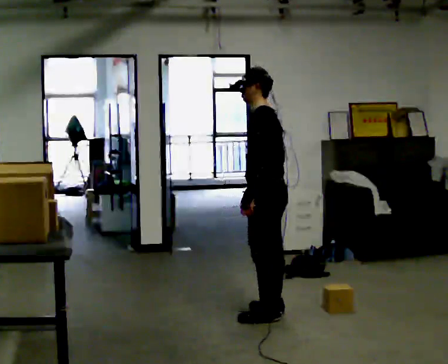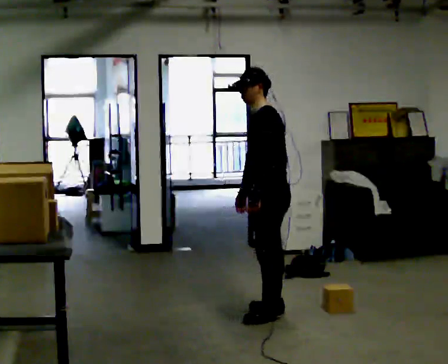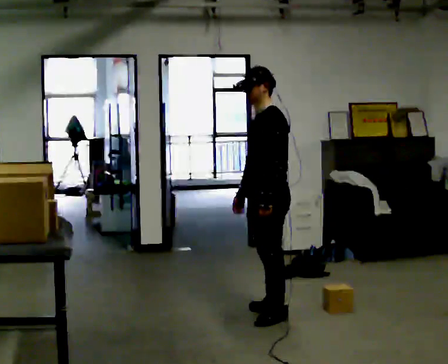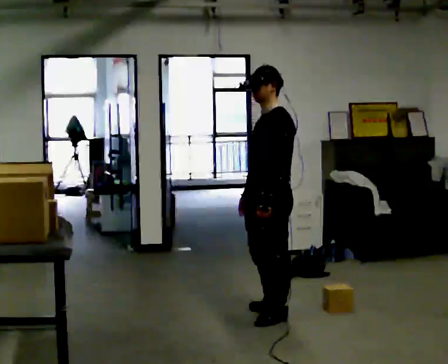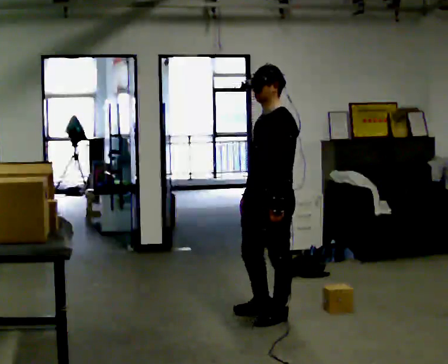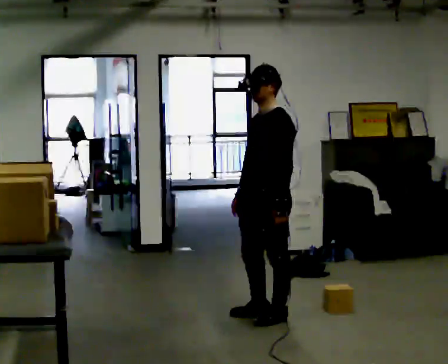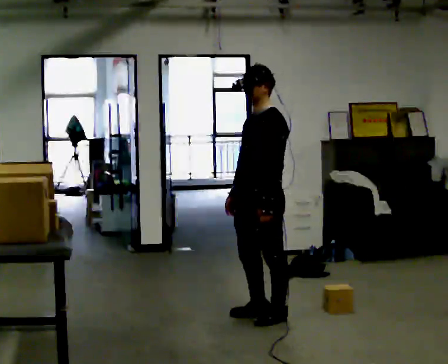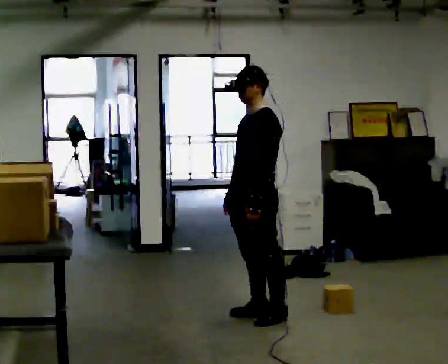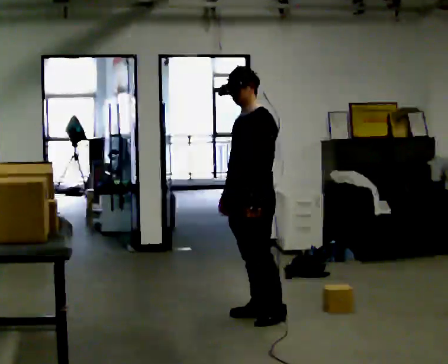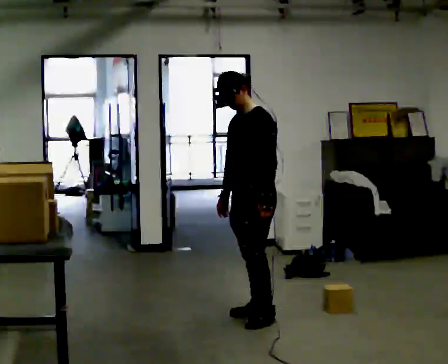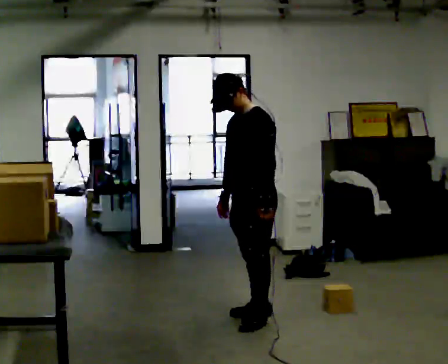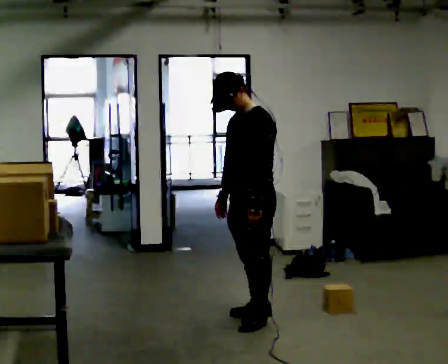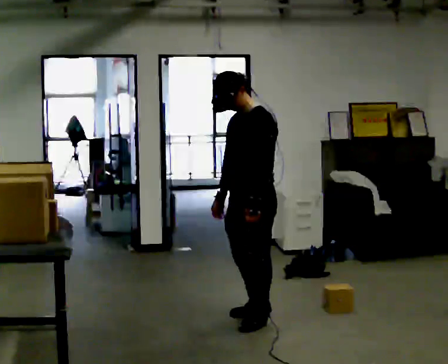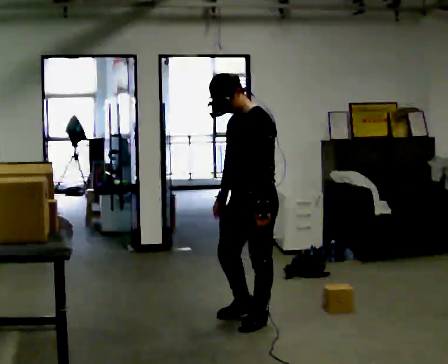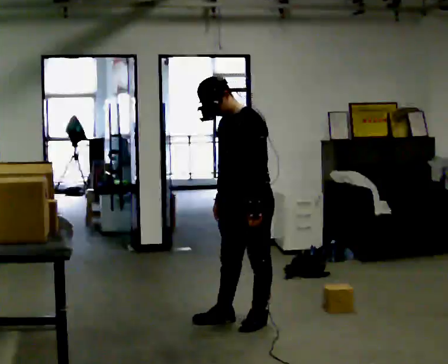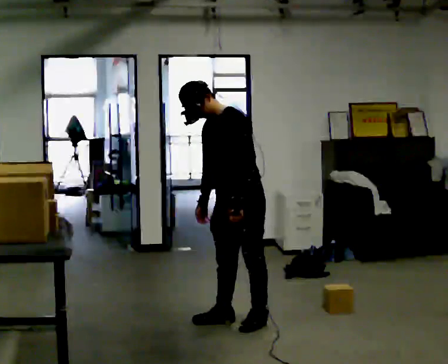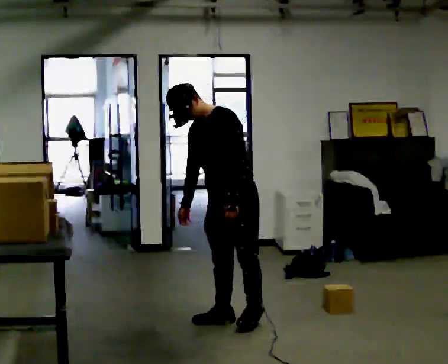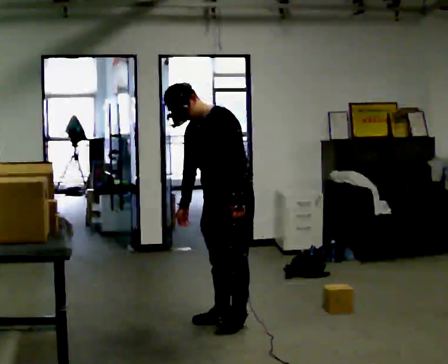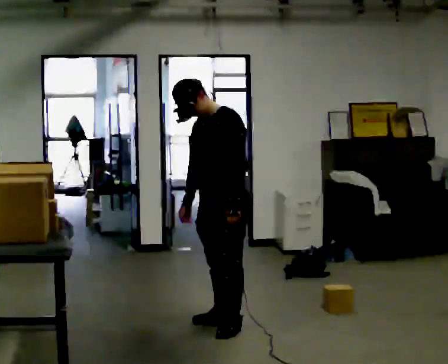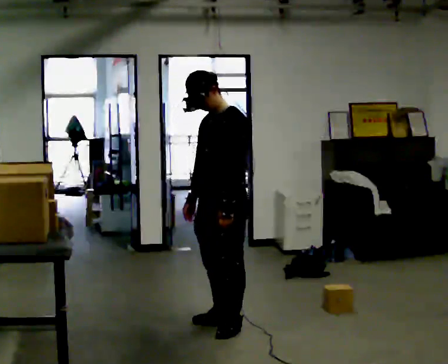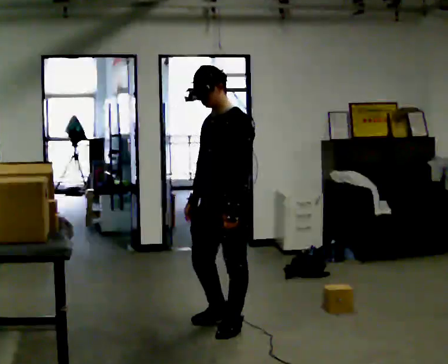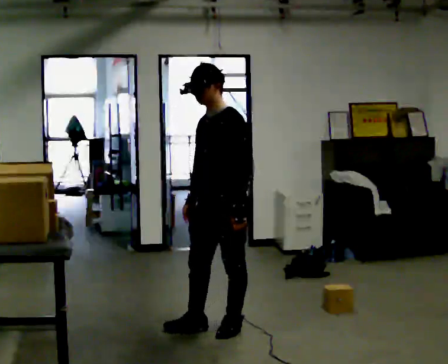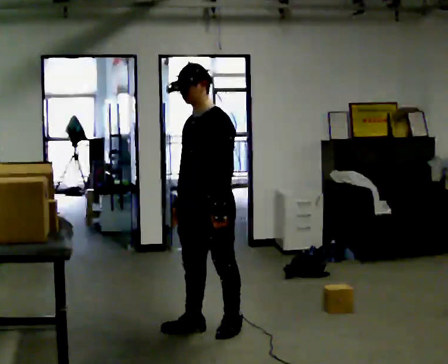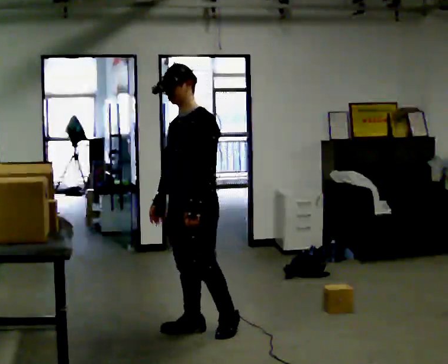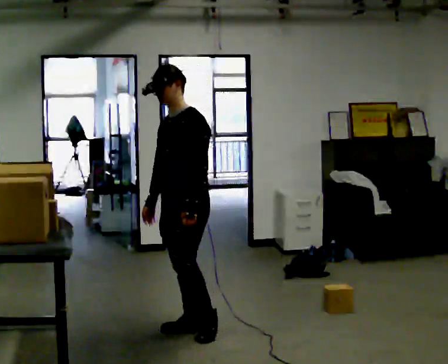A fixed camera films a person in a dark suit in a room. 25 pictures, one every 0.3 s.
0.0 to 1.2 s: Seen from above the body turns counterclockwise, about 30 degrees: to their left, with its near side sliding to the right.
1.2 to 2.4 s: The person moves a little, or ends about where they began.
2.4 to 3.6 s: In the picture they go toward the camera, about 0.25 m, which for them is to their left.
3.6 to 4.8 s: In the picture the upper body tilts counterclockwise, shoulders to the left.
4.8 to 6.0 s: In the picture they go toward the camera, about 0.25 m in 1 step, which for them is forward. In the picture the upper body tilts clockwise, shoulders to the right.
6.0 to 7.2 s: In the picture they go to the left, about 0.25 m in 1 step, which for them is to their right and forward.
The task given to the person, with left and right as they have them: Take the objects the operator names off the crowded shelf, one at a time, and carry each one to the table. You will have to move other things out of the way to reach them. Keep going until the operator says stop; one object at a time, and do not rush between trips.
The film runs forward here.
